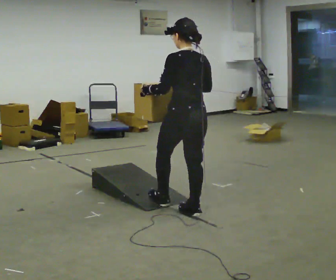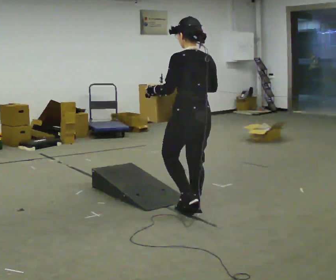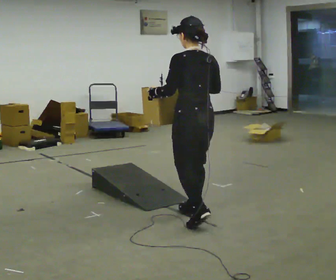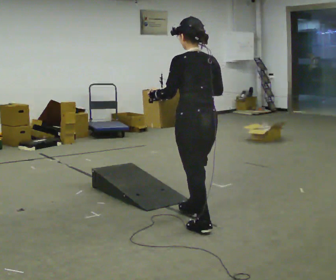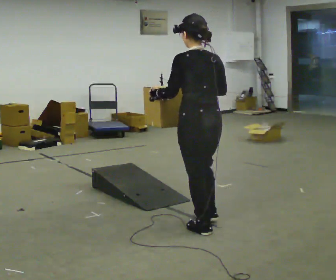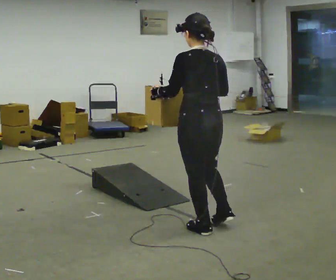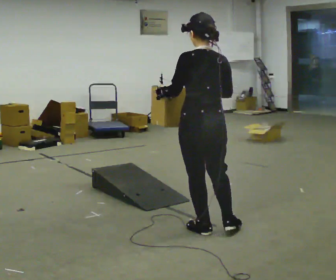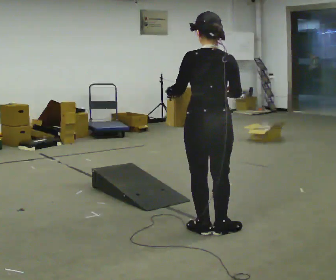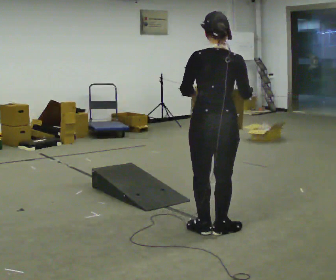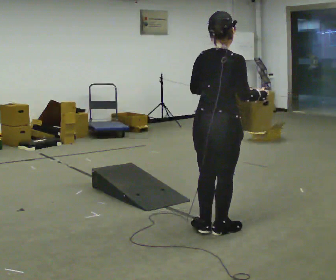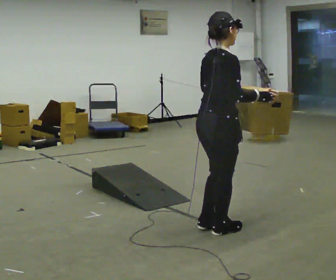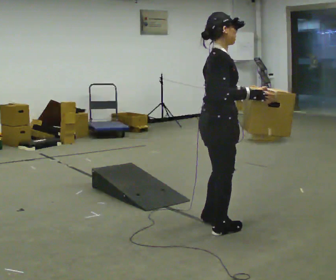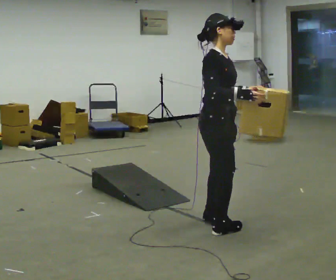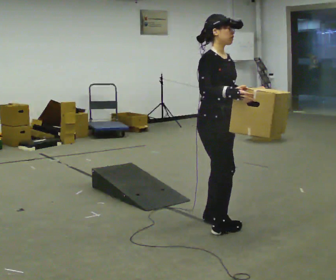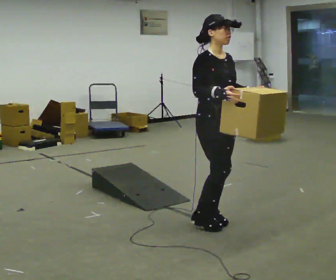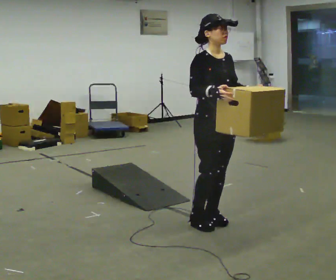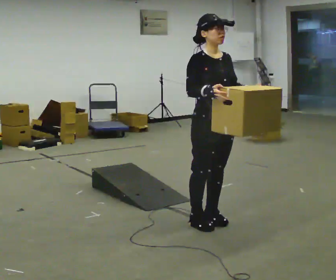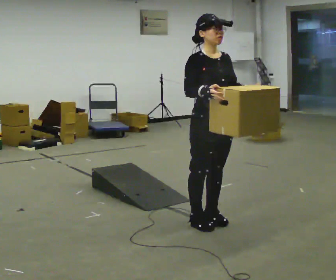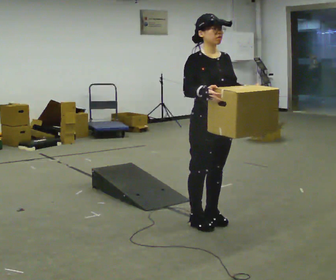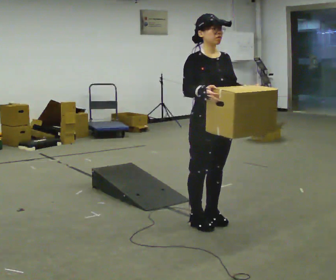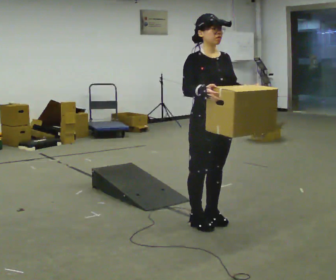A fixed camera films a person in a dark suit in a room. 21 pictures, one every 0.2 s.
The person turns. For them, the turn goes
to their right.
The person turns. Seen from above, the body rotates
clockwise.
0.0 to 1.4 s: In the picture they go toward the camera, about 0.5 m in 1 step, which for them is backward.
1.4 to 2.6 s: The person turns about 135 degrees to their right, clockwise seen from above, so the part of the body nearest the lens slides to the left. In the picture their left hand goes to the right.
2.6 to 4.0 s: The person turns about 30 degrees to their right, clockwise seen from above, so the part of the body nearest the lens slides to the left.
The film runs backward here.
